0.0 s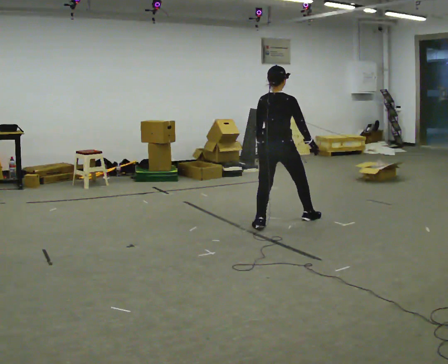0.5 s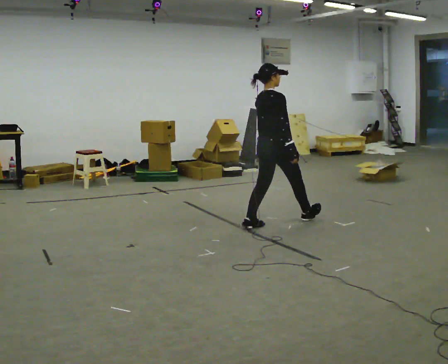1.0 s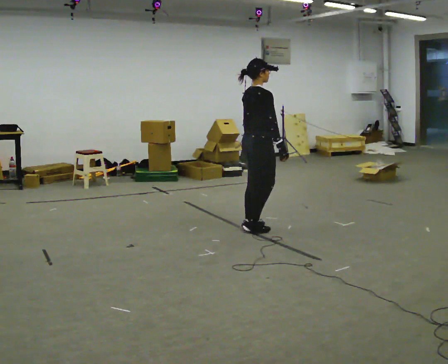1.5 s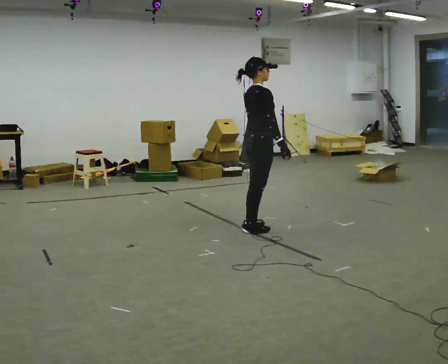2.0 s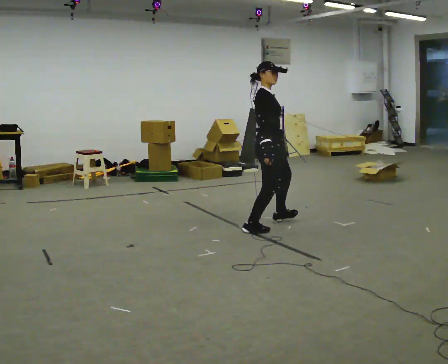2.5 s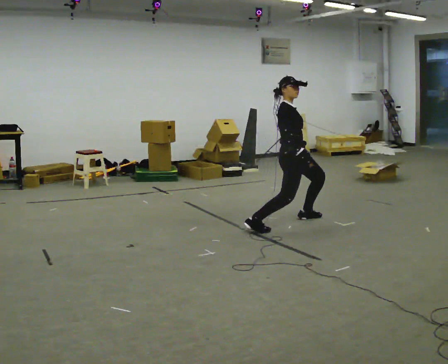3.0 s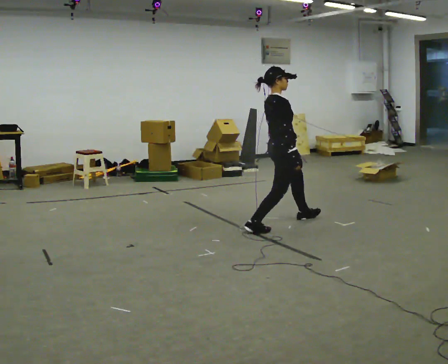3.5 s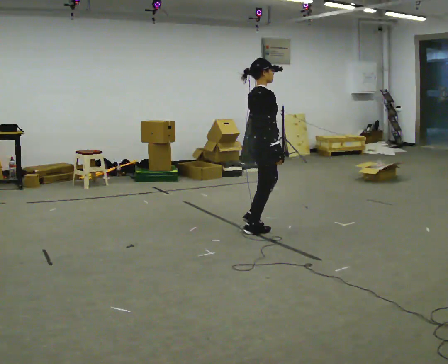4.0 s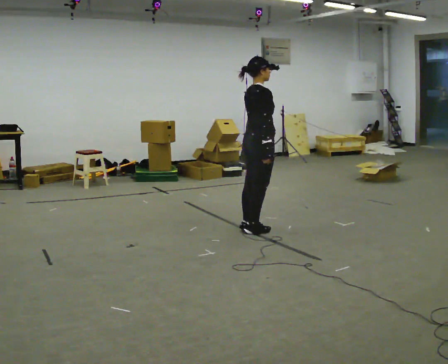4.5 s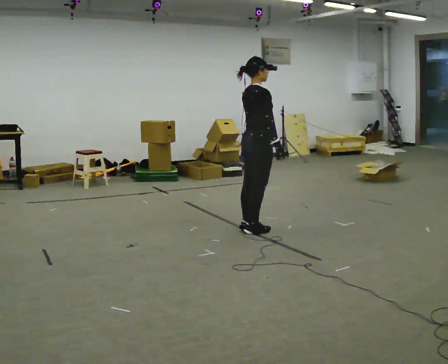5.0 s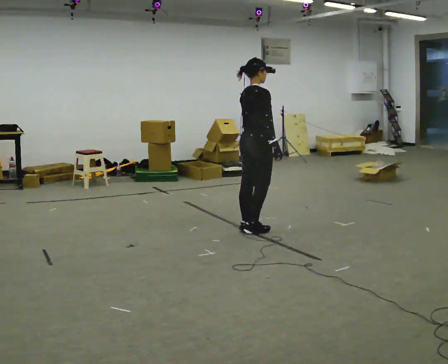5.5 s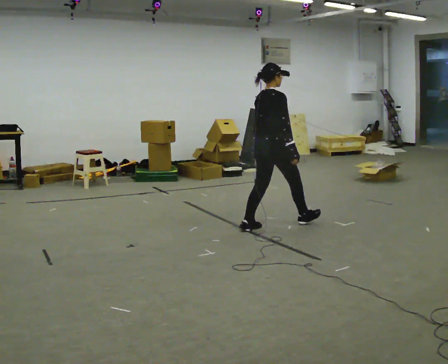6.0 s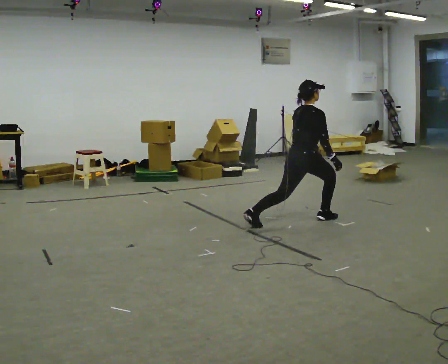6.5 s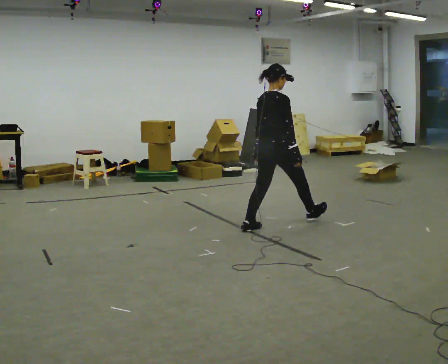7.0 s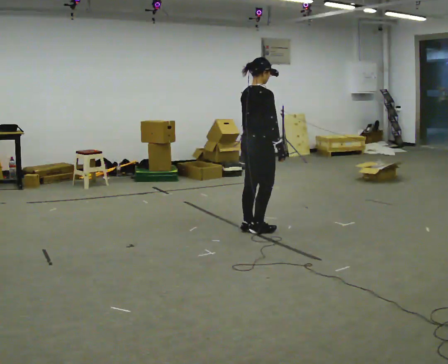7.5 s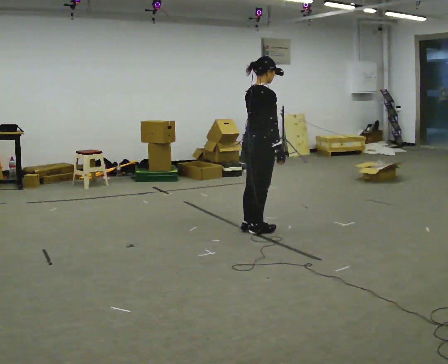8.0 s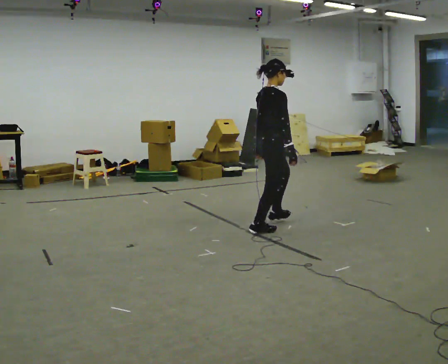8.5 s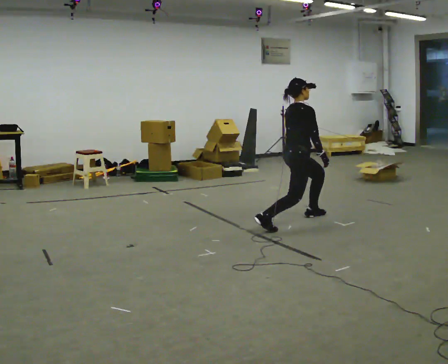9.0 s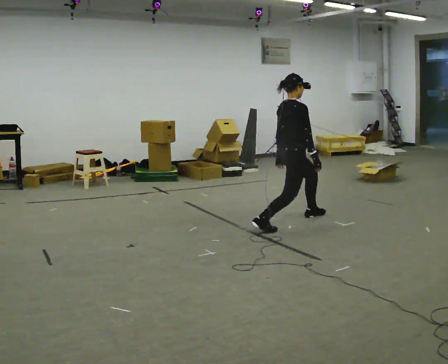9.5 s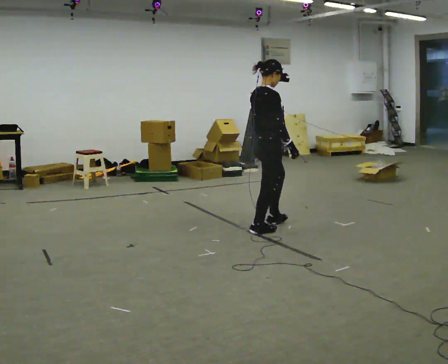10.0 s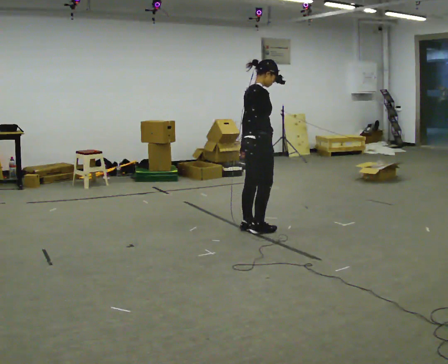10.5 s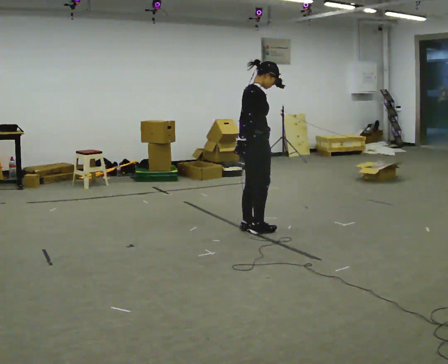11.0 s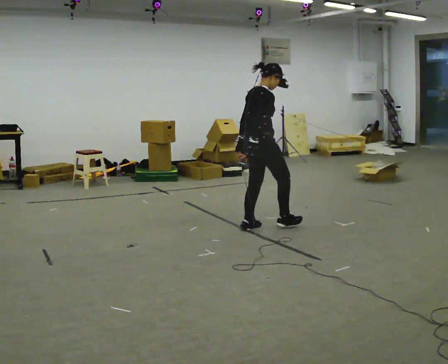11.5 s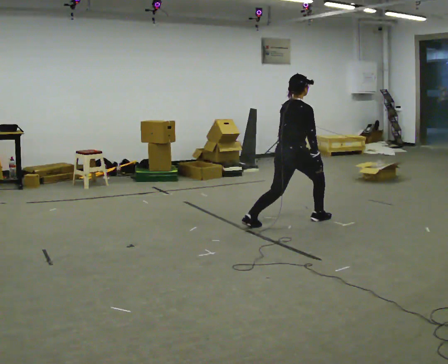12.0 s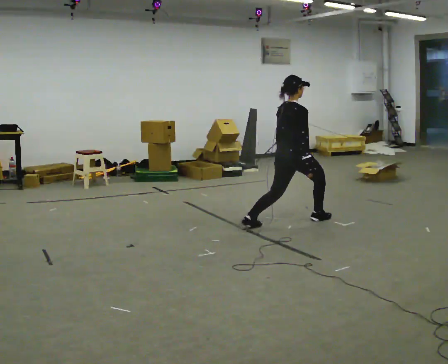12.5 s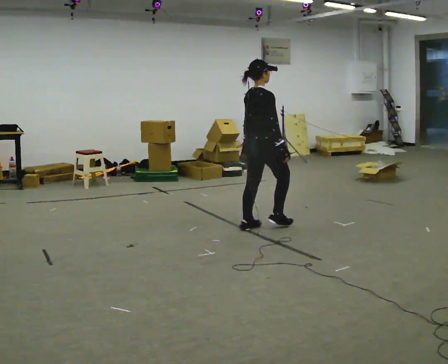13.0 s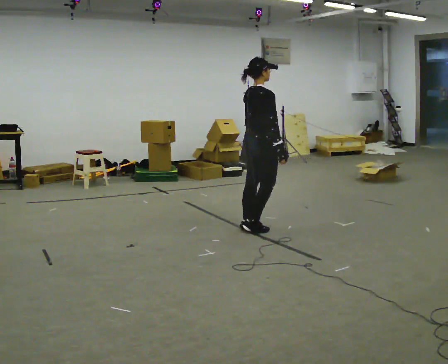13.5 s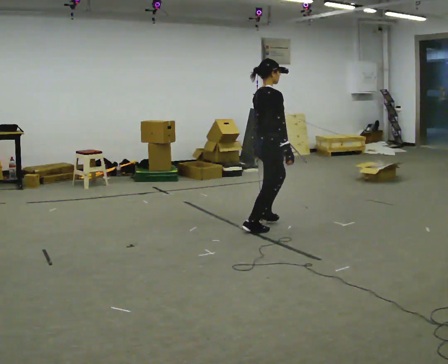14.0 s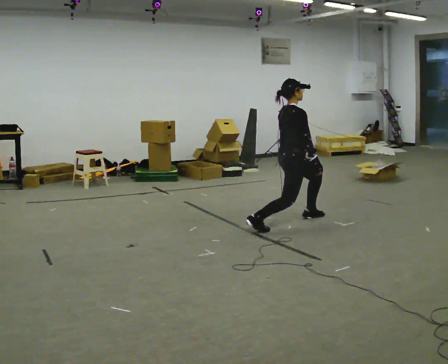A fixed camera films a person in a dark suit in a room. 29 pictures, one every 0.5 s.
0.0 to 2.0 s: The part of the body nearest the lens slides to the left as the person turns to their right by about 75 degrees. In the picture they go toward the camera, about 0.25 m in 2 steps. In the picture their right hand goes to the left.
2.0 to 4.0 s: The person turns about 30 degrees to their left, counterclockwise seen from above, so the part of the body nearest the lens slides to the right.
4.0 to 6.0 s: In the picture they go to the right and away from the camera, about 0.5 m in 1 step, which for them is forward. The upper body goes downward.
6.0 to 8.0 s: The person turns about 30 degrees to their right, clockwise seen from above, so the part of the body nearest the lens slides to the left. In the picture they go to the left and toward the camera, about 0.5 m in 2 steps, which for them is backward. The shoulders move upward.
8.0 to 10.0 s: In the picture their right hand goes to the left.
10.0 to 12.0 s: In the picture they go to the right and away from the camera, about 0.5 m in 1 step, which for them is forward.
12.0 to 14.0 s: Seen from above the body turns clockwise, about 30 degrees: to their right, with its near side sliding to the left.
The film runs backward here.
